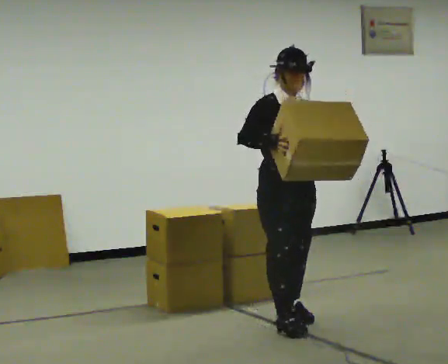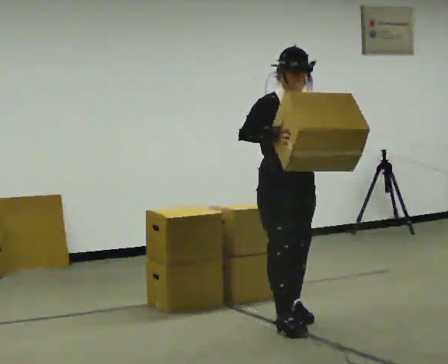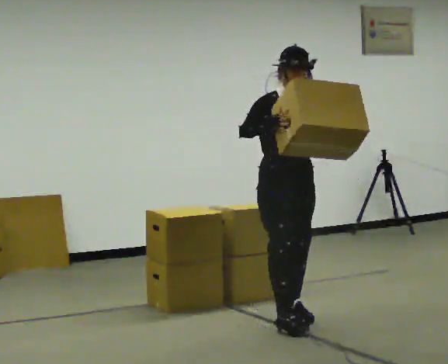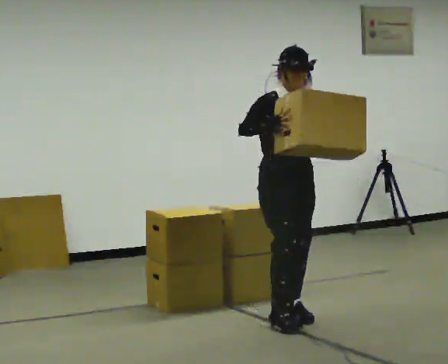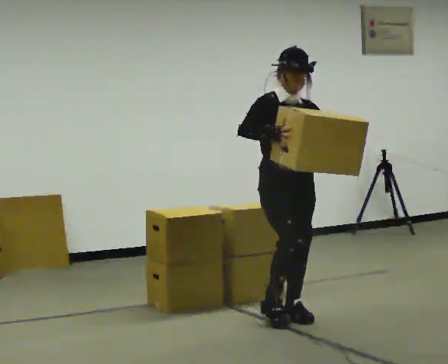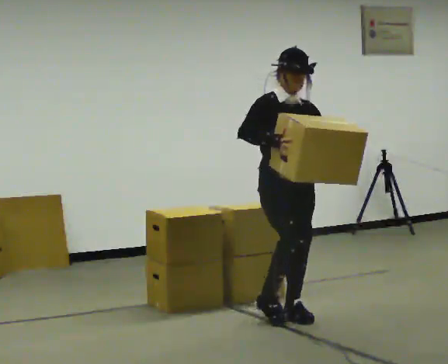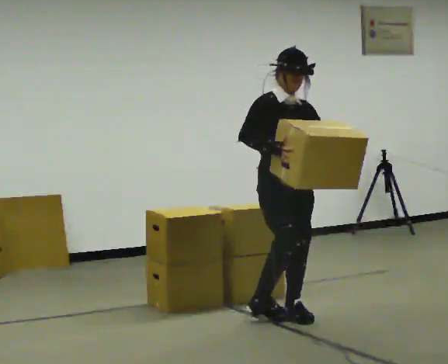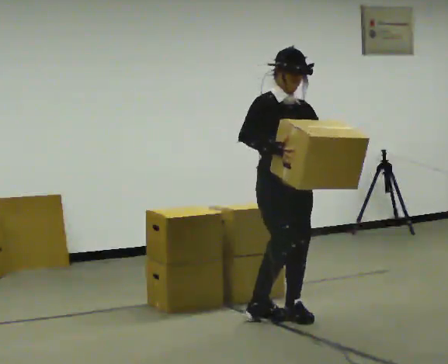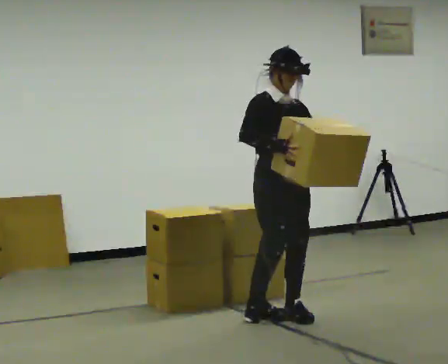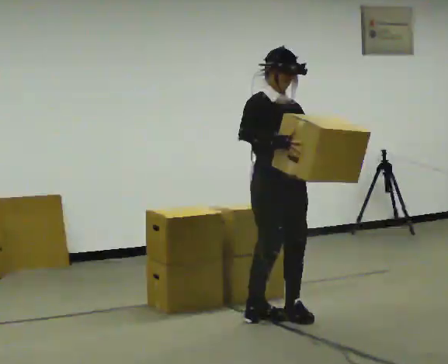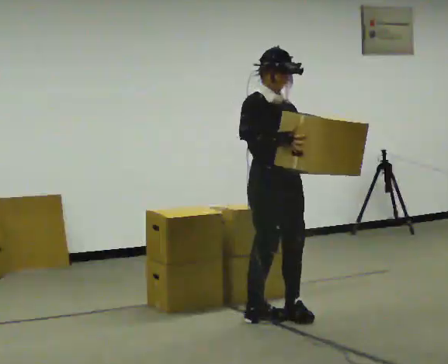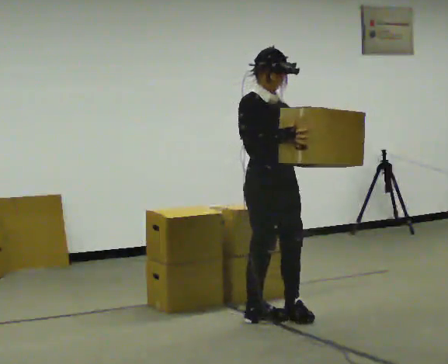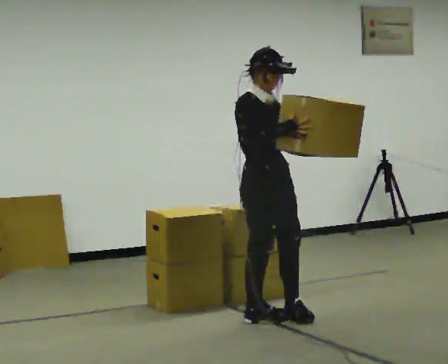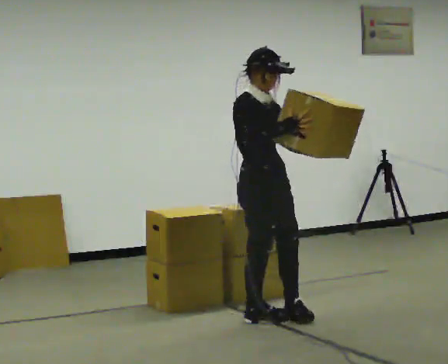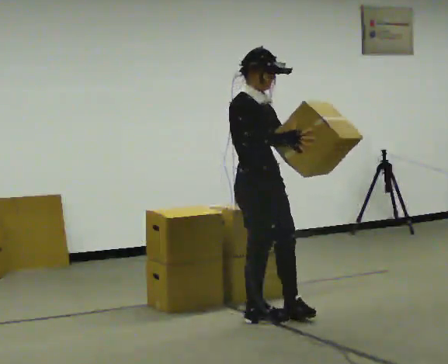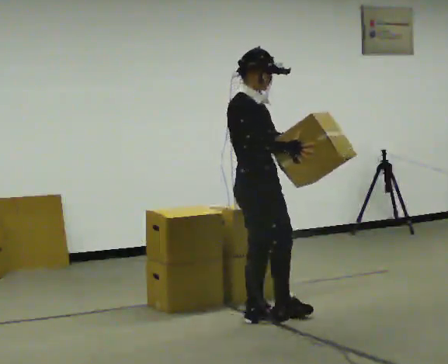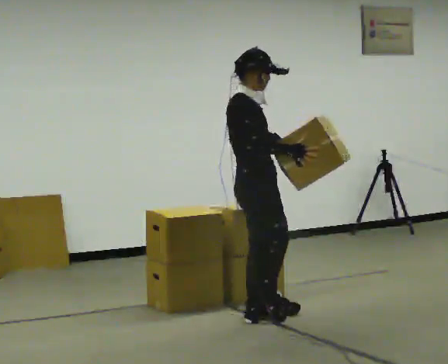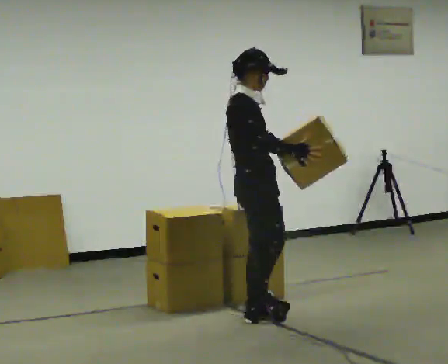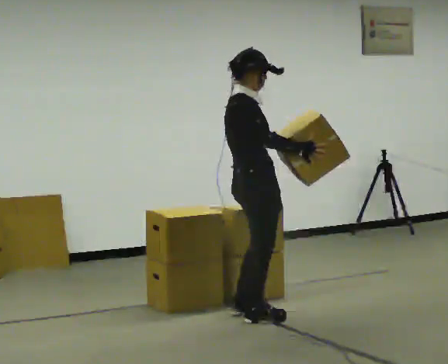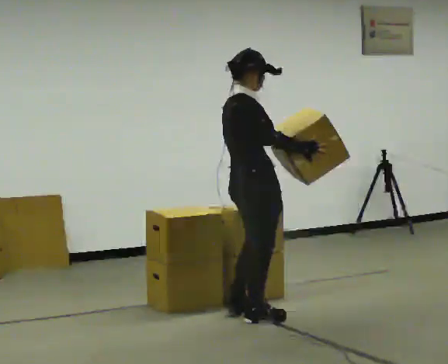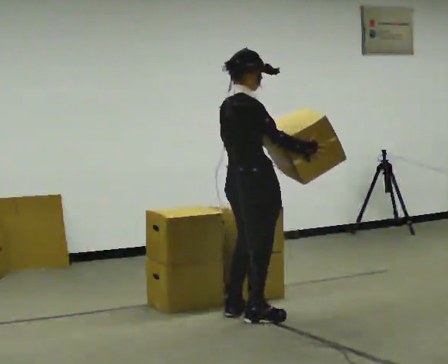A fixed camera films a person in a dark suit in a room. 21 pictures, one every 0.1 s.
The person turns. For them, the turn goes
to their left.
The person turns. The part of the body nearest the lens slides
to the right.
0.0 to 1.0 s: In the picture they go away from the camera, about 0.25 m in 1 step, which for them is backward.
1.0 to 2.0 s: The person turns about 75 degrees to their left, counterclockwise seen from above, so the part of the body nearest the lens slides to the right. In the picture they go to the left, about 0.25 m in 1 step.
The film runs backward here.
